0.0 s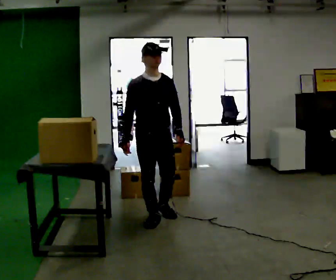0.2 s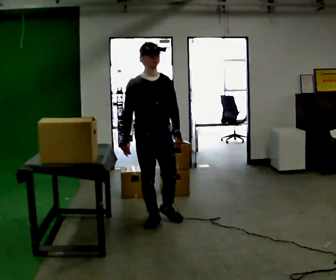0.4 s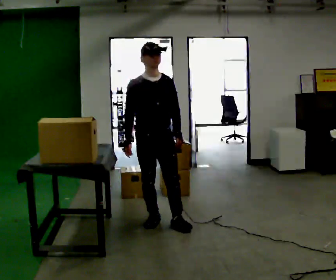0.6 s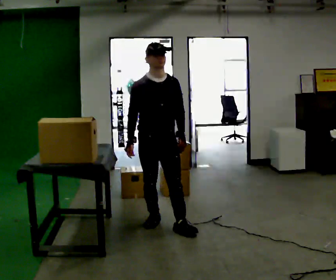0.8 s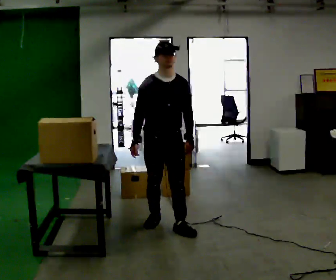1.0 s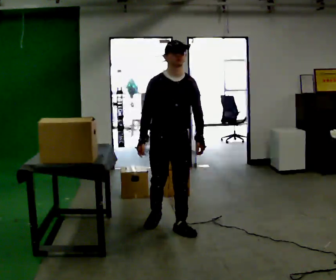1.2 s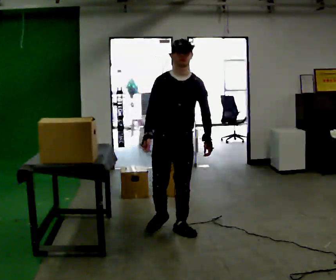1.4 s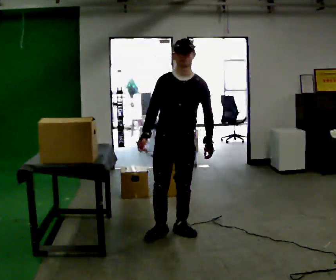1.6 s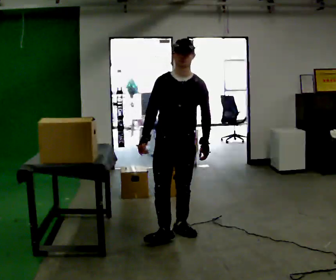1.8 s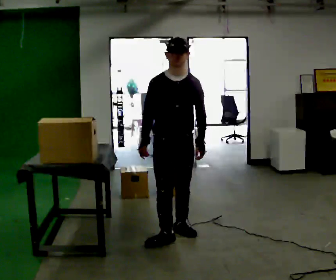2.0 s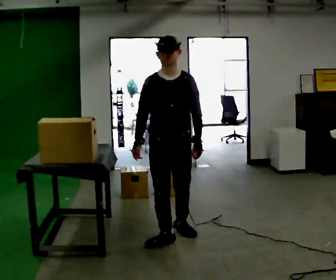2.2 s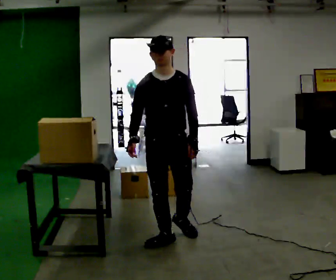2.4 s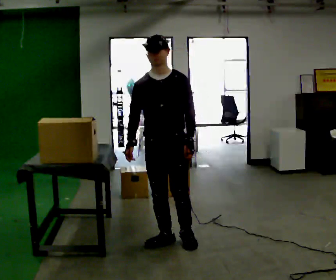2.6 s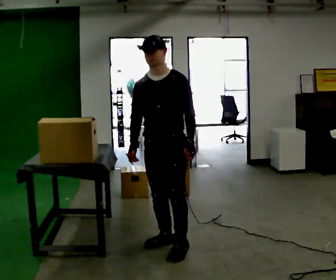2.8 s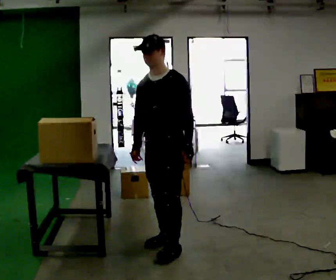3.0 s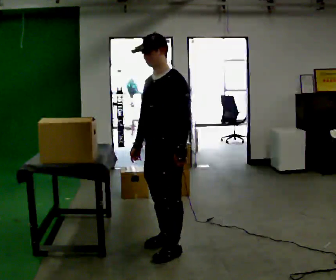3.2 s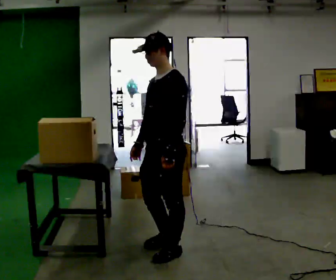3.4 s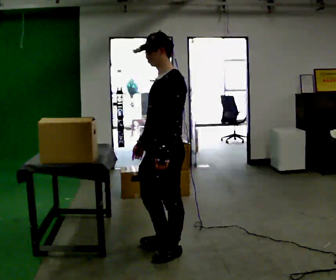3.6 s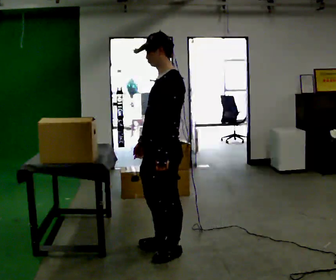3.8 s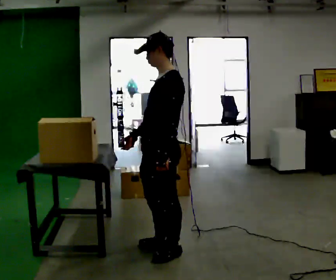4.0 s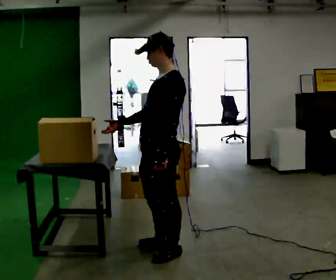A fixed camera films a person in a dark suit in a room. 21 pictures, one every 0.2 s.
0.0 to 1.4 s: The part of the body nearest the lens slides to the left as the person turns to their right by about 30 degrees. In the picture they go toward the camera and to the right, about 0.25 m in 1 step, which for them is forward.
1.4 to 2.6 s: In the picture they go toward the camera, about 0.25 m in 1 step, which for them is forward and to their right.
2.6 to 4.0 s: Seen from above the body turns clockwise, about 45 degrees: to their right, with its near side sliding to the left. In the picture they go toward the camera, about 0.25 m in 2 steps, which for them is to their left and forward.
The film runs forward here.
